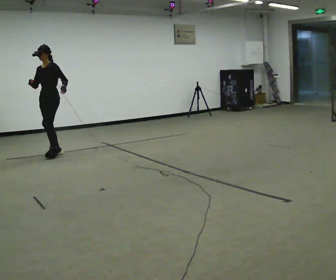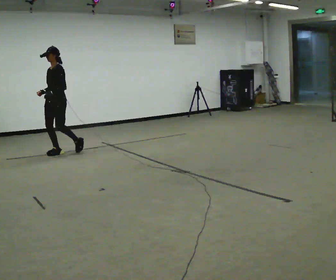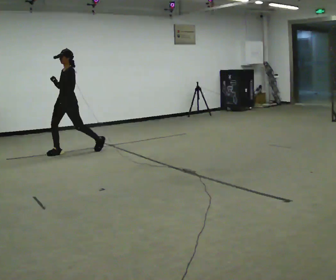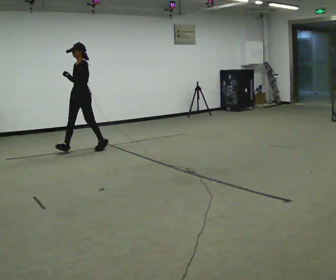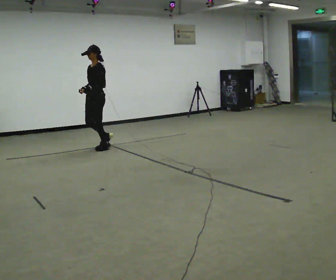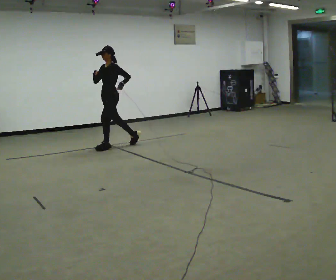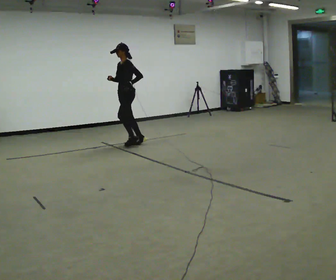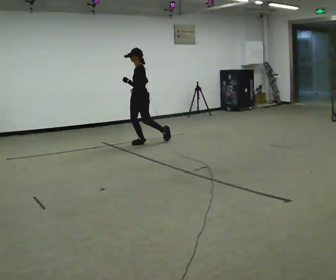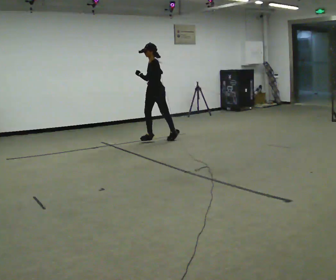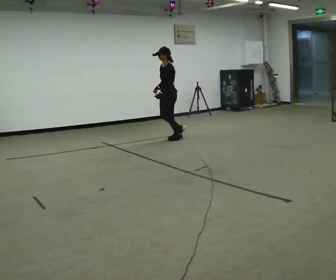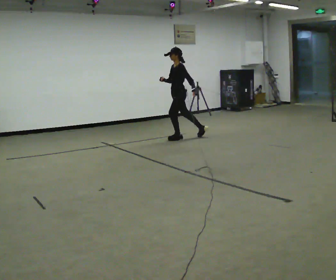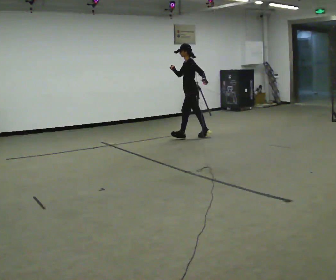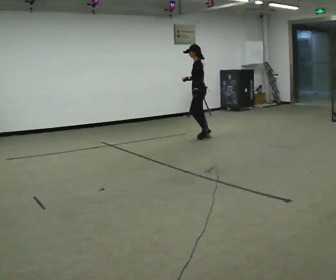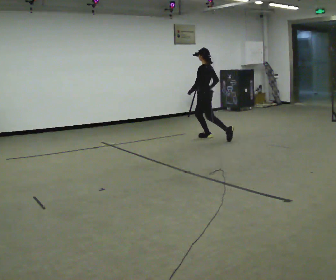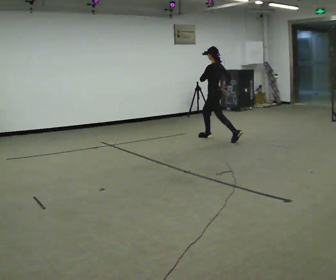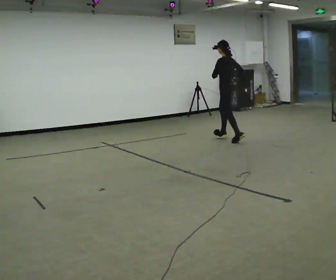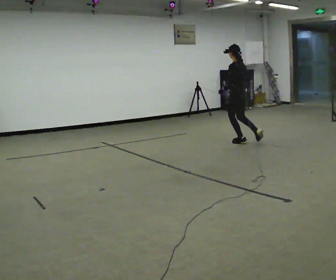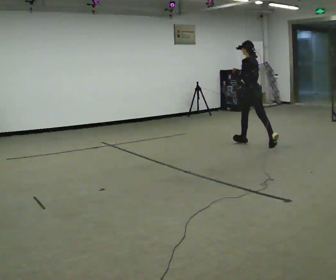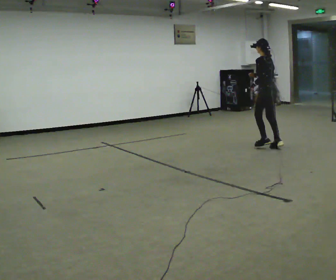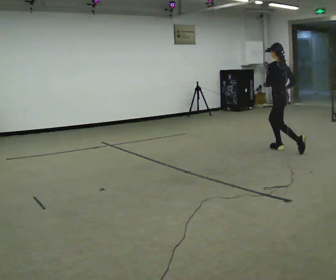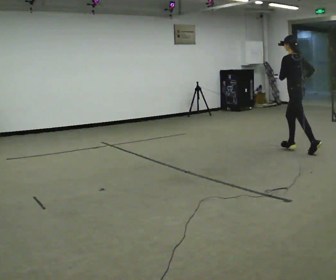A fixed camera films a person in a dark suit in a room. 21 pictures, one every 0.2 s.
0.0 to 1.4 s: The person turns about 30 degrees to their right, clockwise seen from above, so the part of the body nearest the lens slides to the left. In the picture they go to the right and away from the camera, about 1.5 m in 2 steps, which for them is backward.
1.4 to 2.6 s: Seen from above the body turns clockwise, about 45 degrees: to their right, with its near side sliding to the left. In the picture they go to the right, about 1 m in 2 steps, which for them is backward.
2.6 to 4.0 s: The person turns about 30 degrees to their right, clockwise seen from above, so the part of the body nearest the lens slides to the left. In the picture they go toward the camera and to the right, about 2 m in 3 steps, which for them is backward.
The film runs backward here.
